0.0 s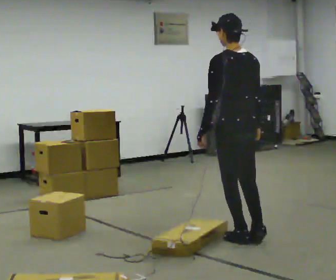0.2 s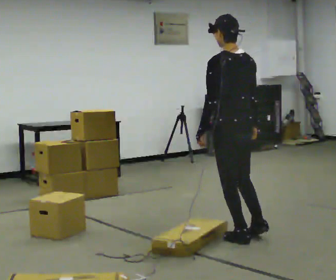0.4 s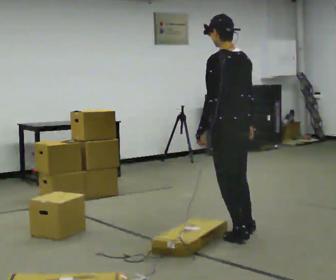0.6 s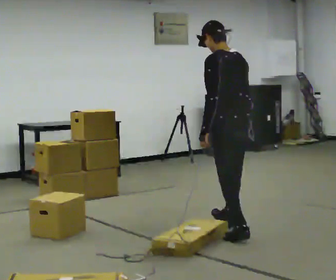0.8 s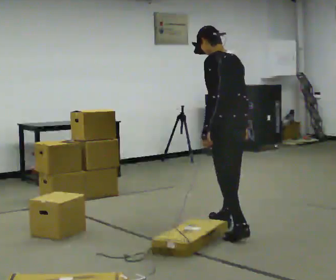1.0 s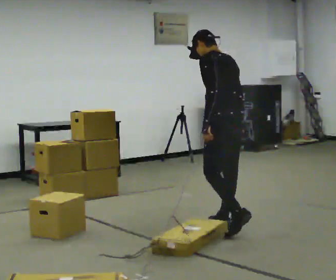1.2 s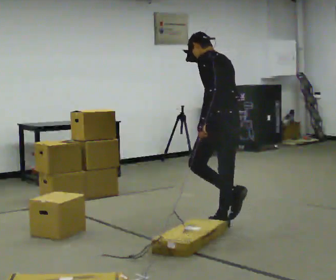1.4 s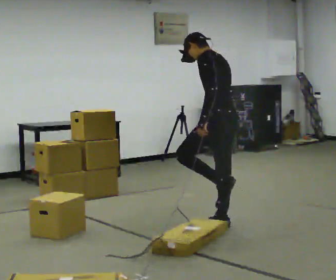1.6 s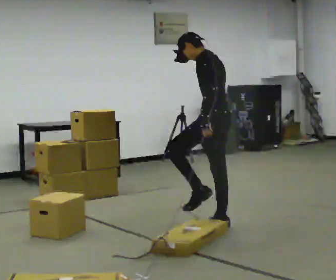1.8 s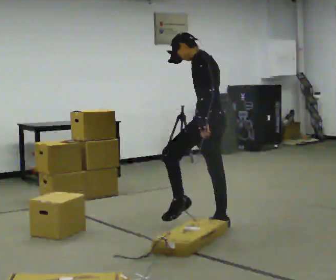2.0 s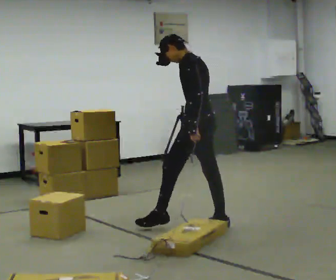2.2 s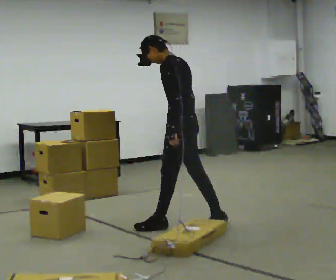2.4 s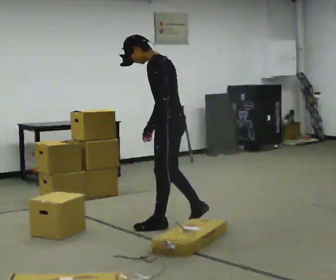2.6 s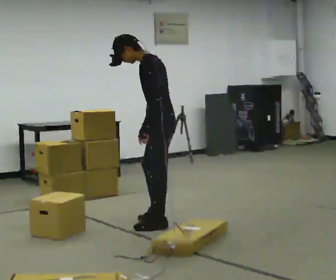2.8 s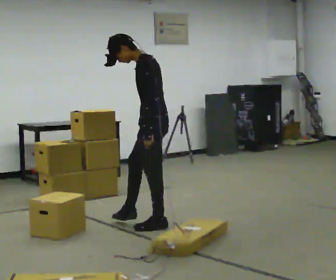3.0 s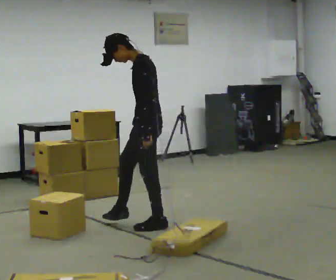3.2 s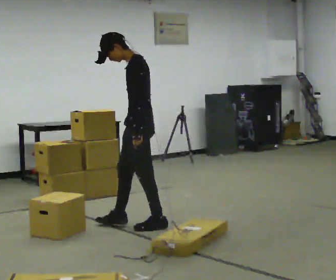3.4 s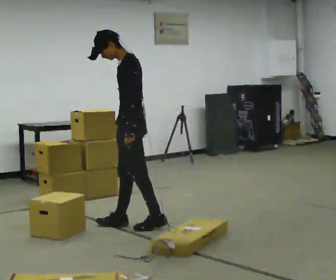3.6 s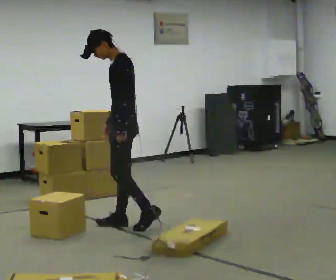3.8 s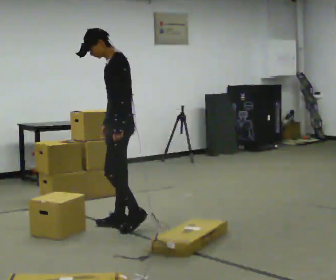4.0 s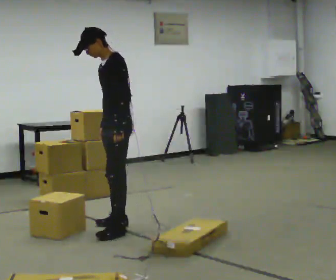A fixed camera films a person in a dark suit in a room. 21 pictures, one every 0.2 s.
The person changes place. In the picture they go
to the left.
The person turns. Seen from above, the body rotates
counterclockwise.
0.0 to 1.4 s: The part of the body nearest the lens slides to the right as the person turns to their left by about 30 degrees. In the picture they go away from the camera, about 0.5 m in 1 step, which for them is forward and to their right.
1.4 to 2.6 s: In the picture they go to the left, about 0.5 m in 1 step, which for them is forward. The upper body tips toward the camera, its near side rolling downward.
2.6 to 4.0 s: Seen from above the body turns counterclockwise, about 30 degrees: to their left, with its near side sliding to the right. In the picture they go to the left, about 0.25 m in 1 step, which for them is forward.
The film runs forward here.
